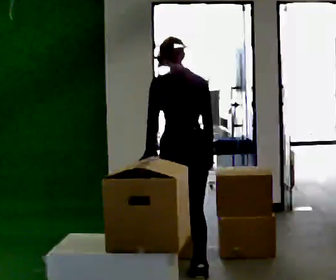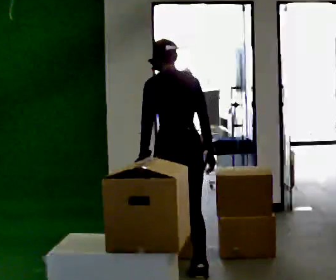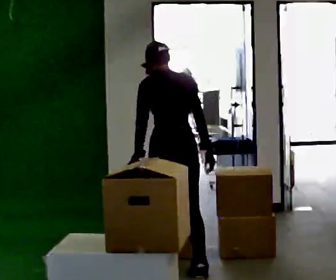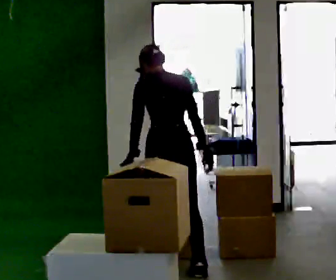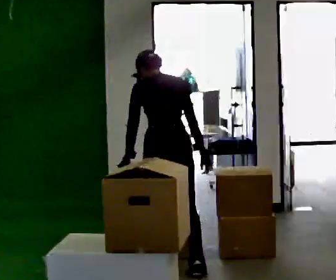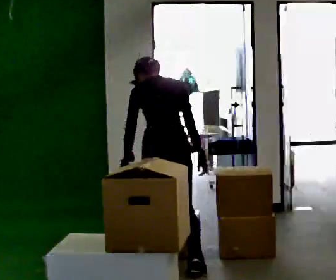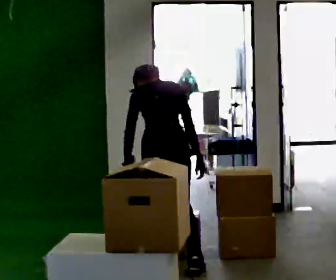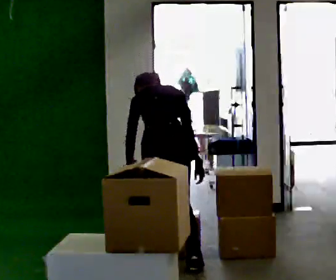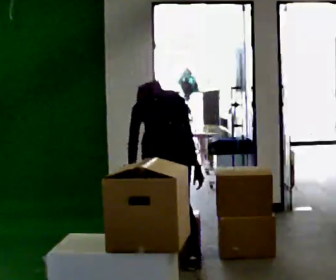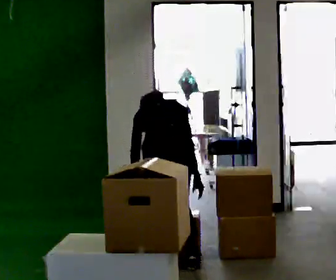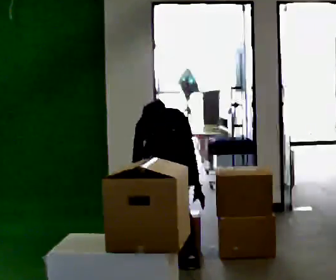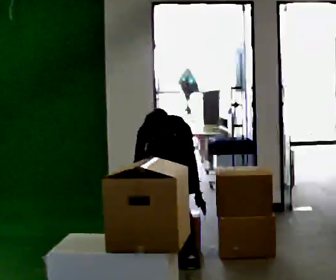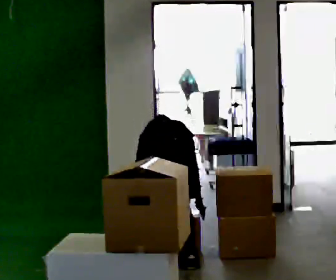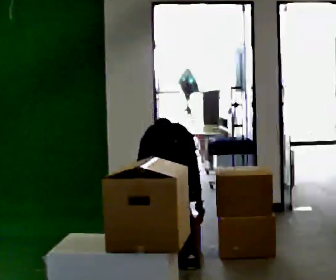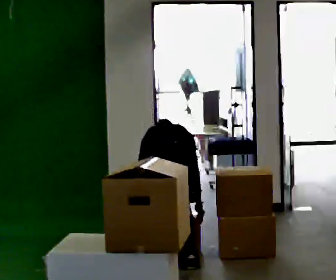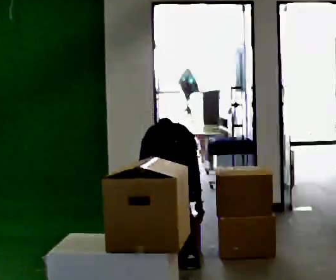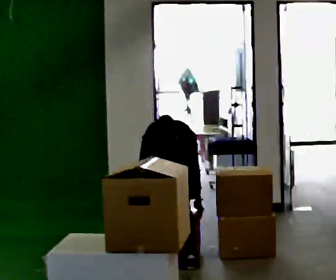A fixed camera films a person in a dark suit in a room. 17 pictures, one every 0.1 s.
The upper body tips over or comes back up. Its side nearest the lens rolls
upward.
The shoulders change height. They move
downward.
0.0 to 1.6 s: The shoulders move downward. The upper body tips away from the camera, its near side rolling upward, as they bend forward. In the picture their left hand goes downward.
The film runs forward here.
